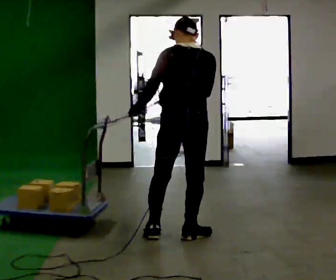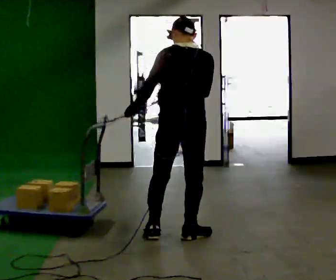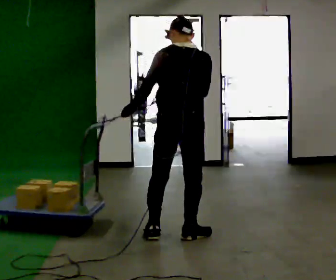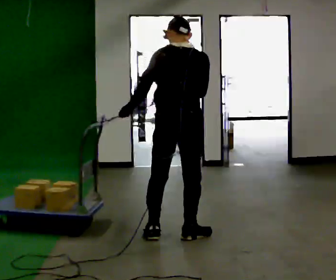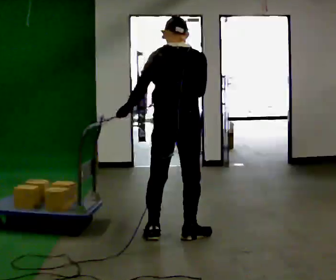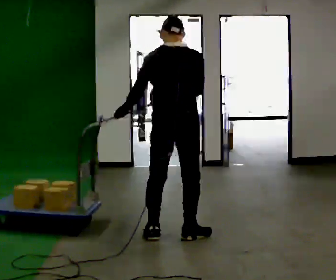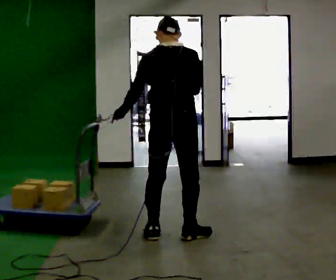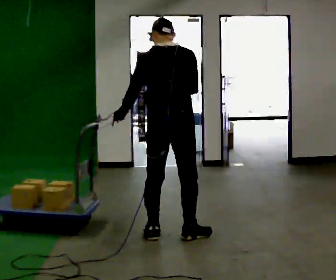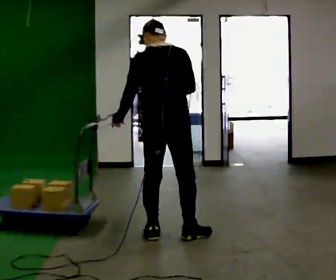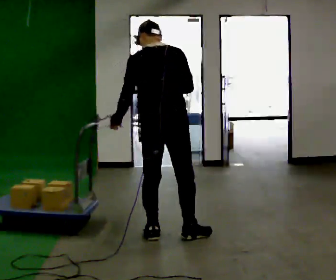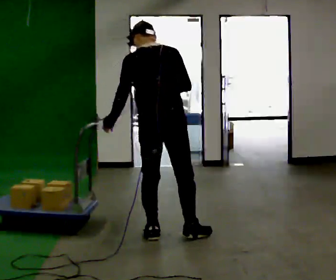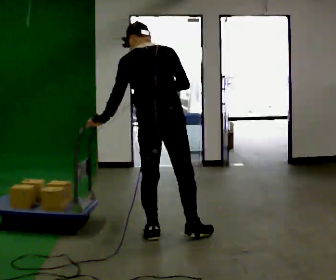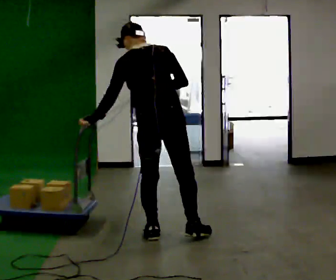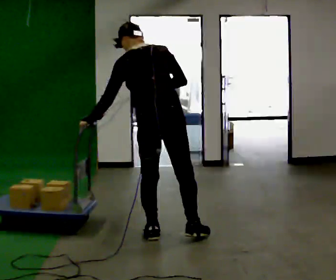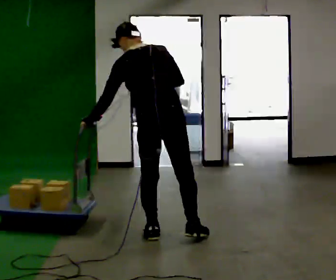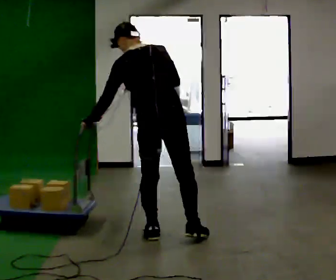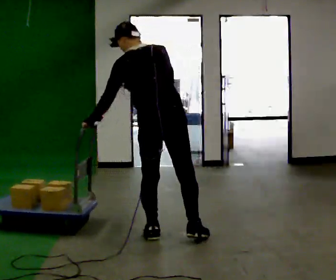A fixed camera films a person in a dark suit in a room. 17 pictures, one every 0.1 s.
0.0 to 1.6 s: In the picture they go to the left, about 0.25 m, which for them is to their left. In the picture the upper body tilts counterclockwise, shoulders to the left.
The film runs backward here.
